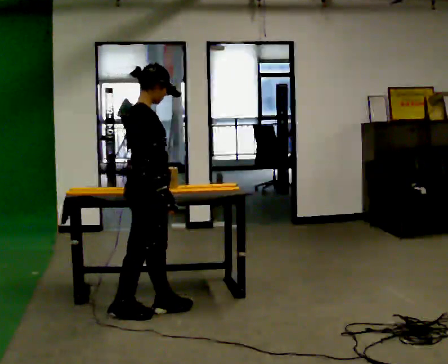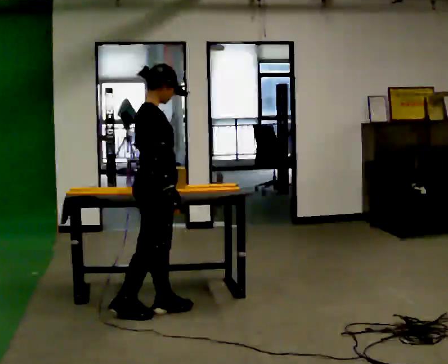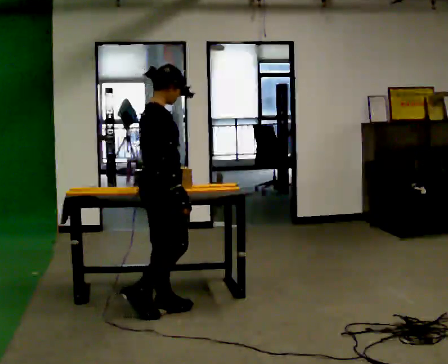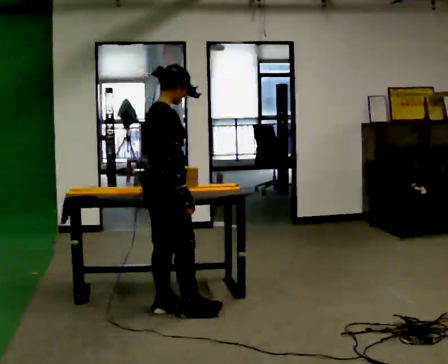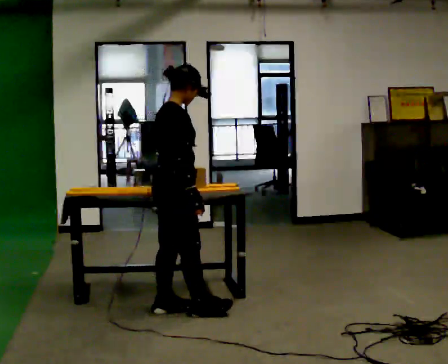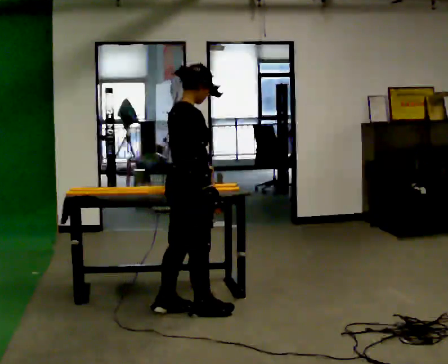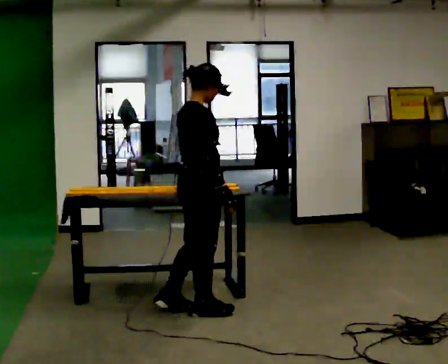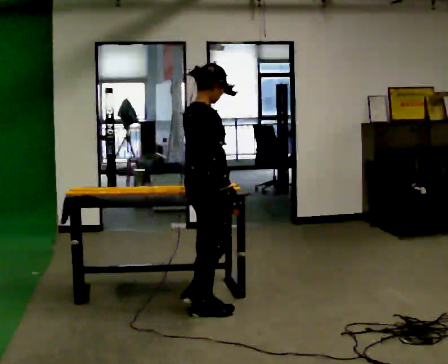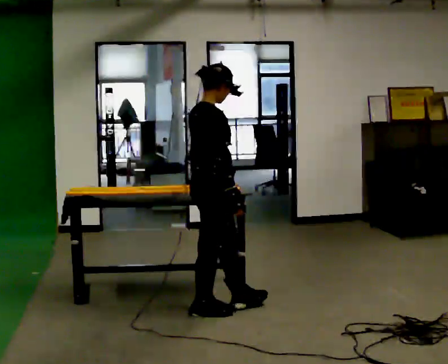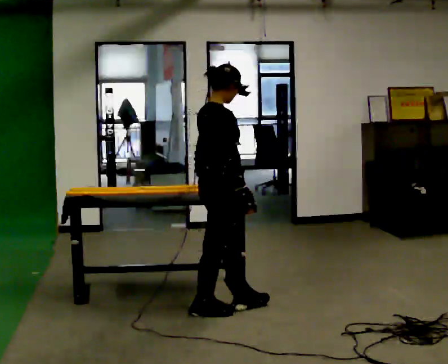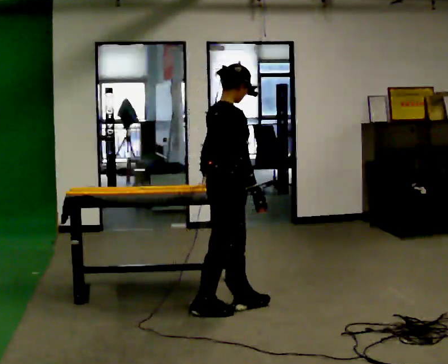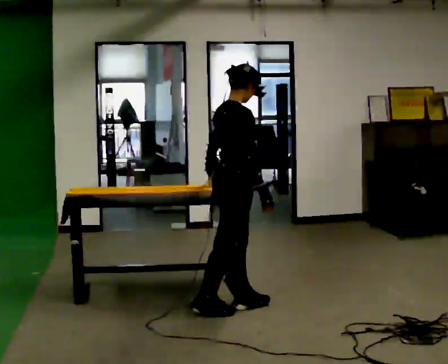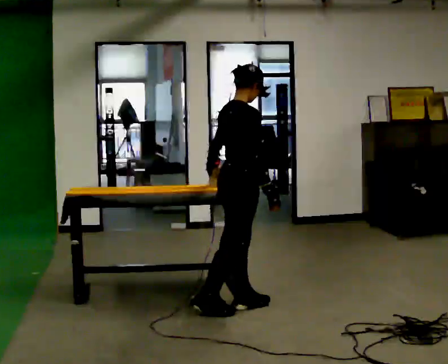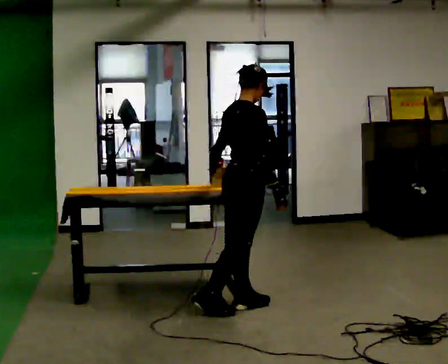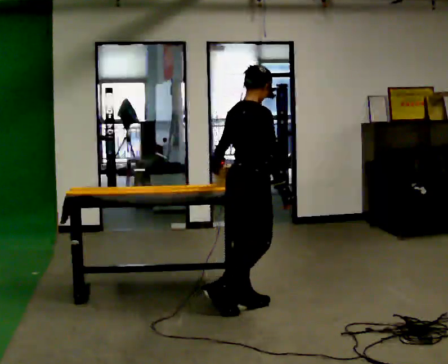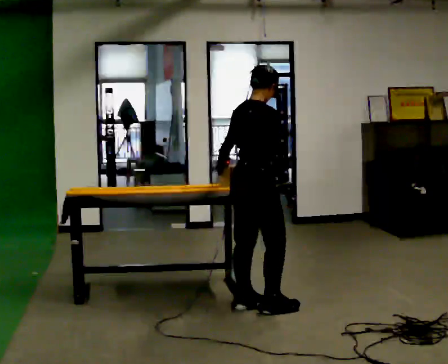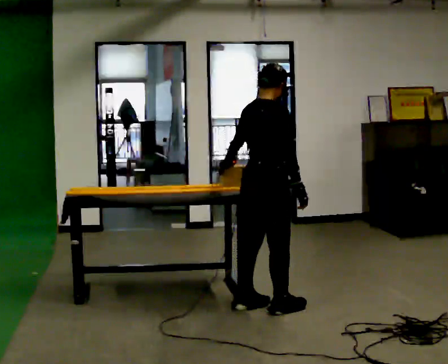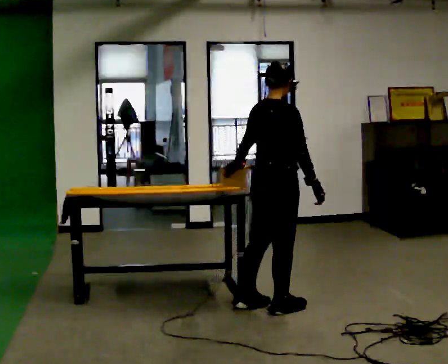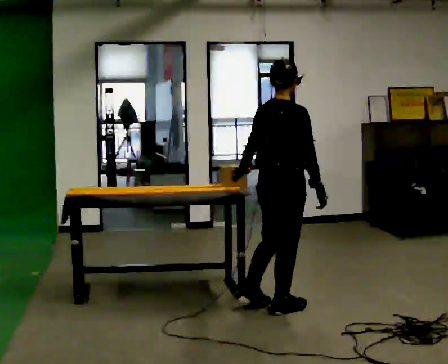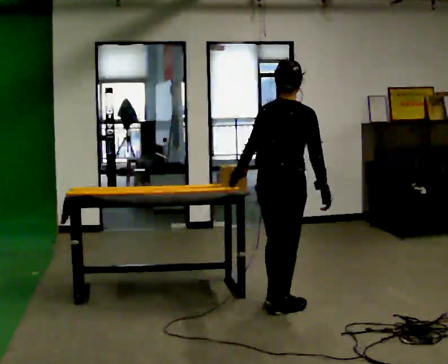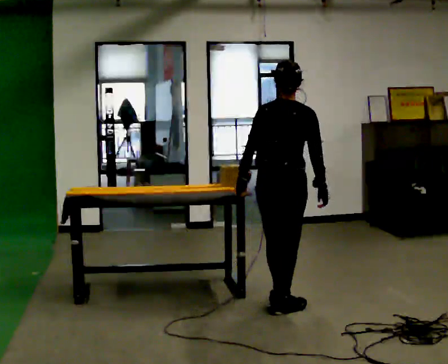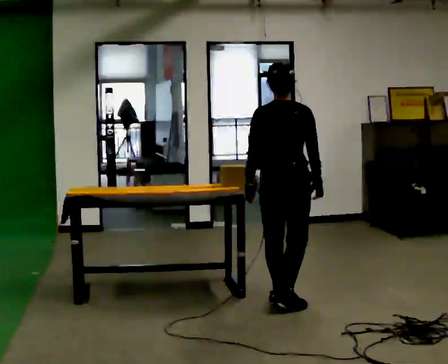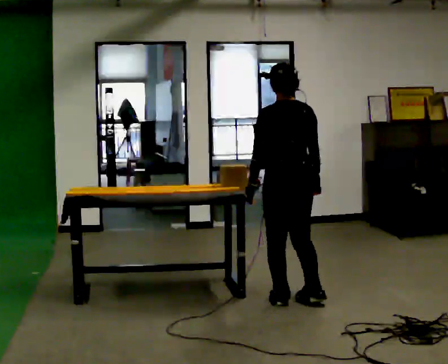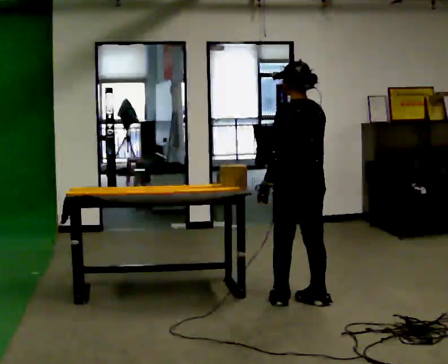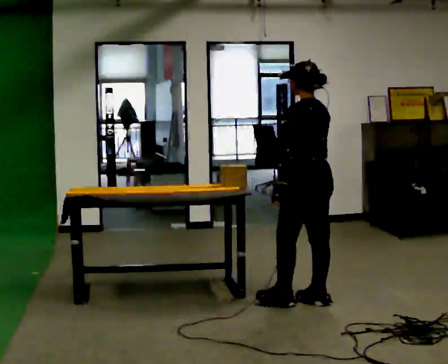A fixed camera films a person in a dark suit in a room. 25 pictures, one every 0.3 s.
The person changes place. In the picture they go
to the right.
The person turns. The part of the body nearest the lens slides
to the right.
0.0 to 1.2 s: In the picture they go to the right, about 0.25 m in 1 step, which for them is forward.
1.2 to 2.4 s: In the picture they go to the right, about 0.25 m in 1 step, which for them is forward.
2.4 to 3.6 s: In the picture they go to the right, about 0.25 m, which for them is forward.
3.6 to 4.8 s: In the picture they go to the right, about 0.25 m in 1 step, which for them is forward.
4.8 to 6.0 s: Seen from above the body turns counterclockwise, about 30 degrees: to their left, with its near side sliding to the right.
6.0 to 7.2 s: The person turns about 75 degrees to their left, counterclockwise seen from above, so the part of the body nearest the lens slides to the right. In the picture they go to the right, about 0.25 m in 1 step.
The film runs forward here.
